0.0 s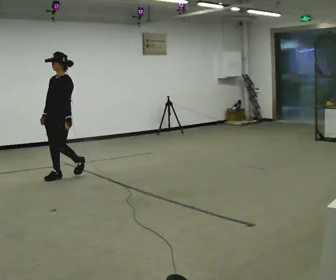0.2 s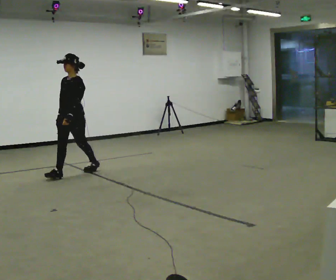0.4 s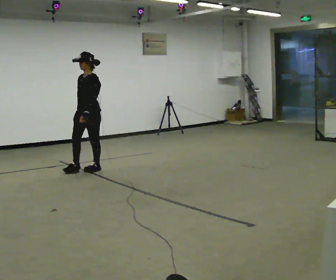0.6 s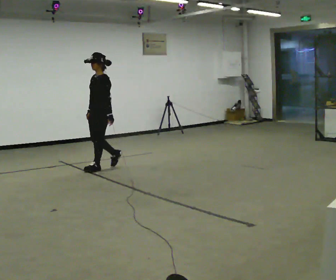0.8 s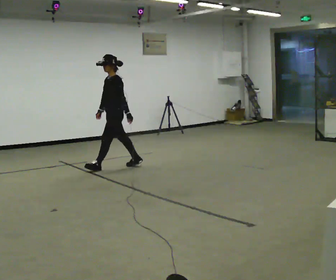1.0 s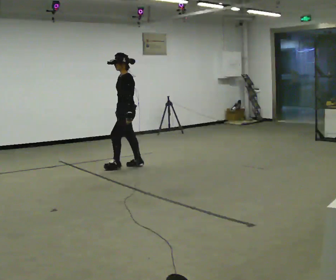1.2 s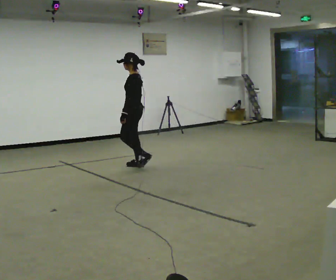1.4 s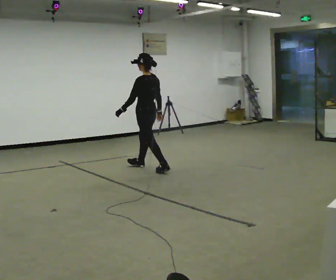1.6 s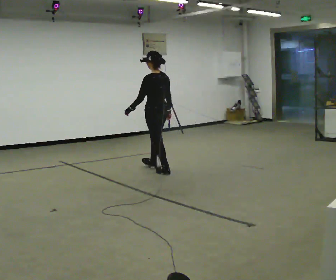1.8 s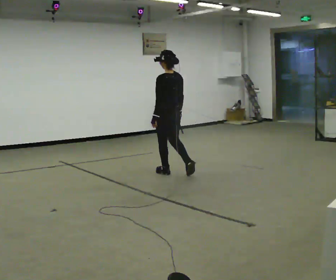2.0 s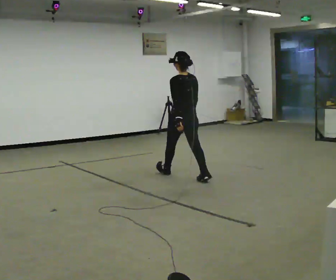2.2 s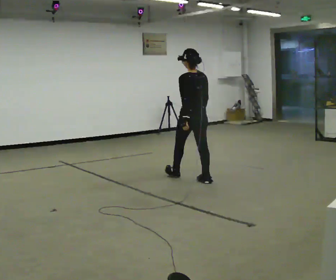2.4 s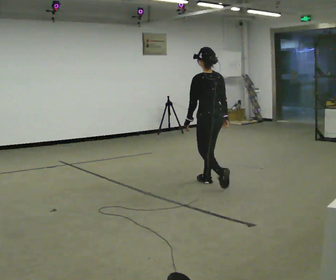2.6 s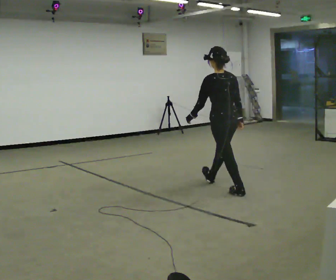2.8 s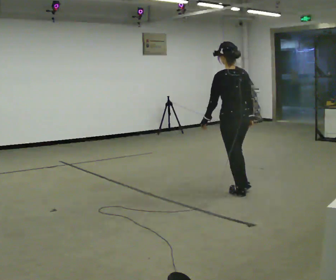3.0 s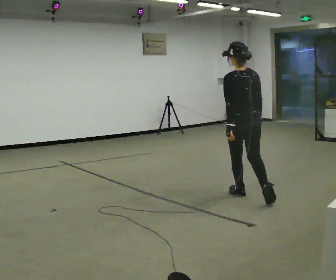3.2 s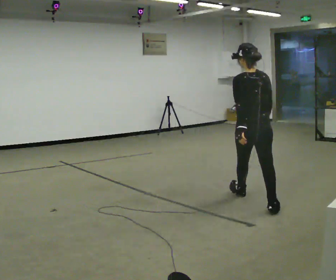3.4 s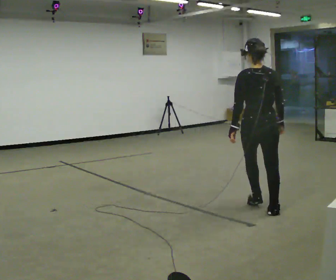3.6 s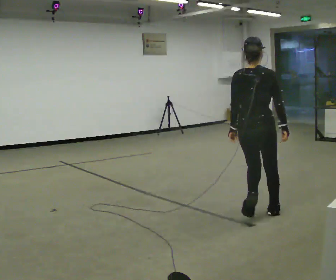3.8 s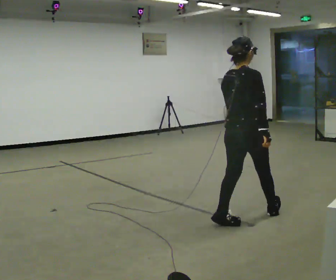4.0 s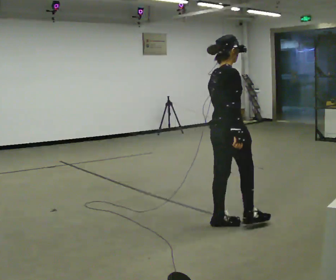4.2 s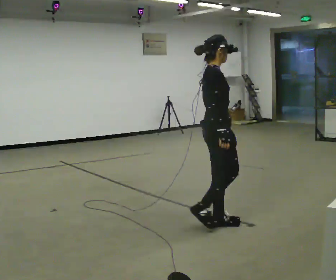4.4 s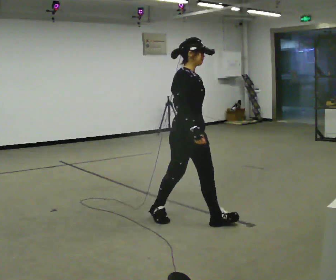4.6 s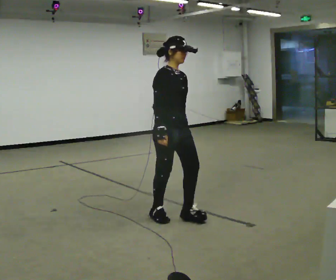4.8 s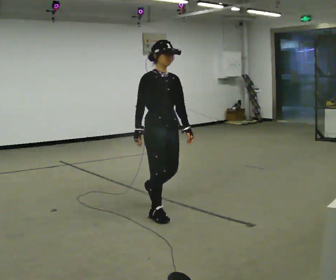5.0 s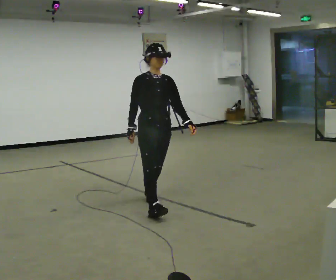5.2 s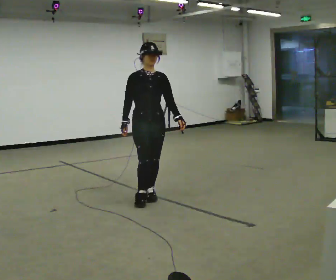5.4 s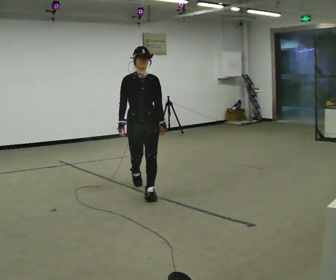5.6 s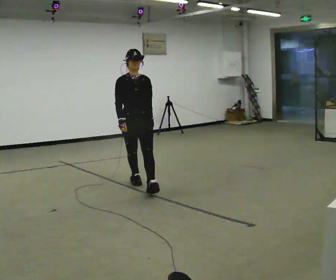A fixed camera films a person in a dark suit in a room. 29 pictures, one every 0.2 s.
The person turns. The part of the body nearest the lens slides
to the left.
The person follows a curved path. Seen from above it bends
clockwise.
0.0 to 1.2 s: The part of the body nearest the lens slides to the left as the person turns to their right by about 60 degrees. In the picture they go to the right and away from the camera, about 1 m in 2 steps.
1.2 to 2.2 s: Seen from above the body turns clockwise, about 60 degrees: to their right, with its near side sliding to the left. In the picture they go to the right and toward the camera, about 1 m in 2 steps, which for them is backward.
2.2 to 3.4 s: Seen from above the body turns clockwise, about 30 degrees: to their right, with its near side sliding to the left. In the picture they go toward the camera and to the right, about 1.5 m in 2 steps, which for them is backward.
3.4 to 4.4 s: The person turns about 135 degrees to their right, clockwise seen from above, so the part of the body nearest the lens slides to the left. In the picture they go to the left and toward the camera, about 0.5 m in 1 step.
4.4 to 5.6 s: The part of the body nearest the lens slides to the left as the person turns to their right by about 45 degrees. In the picture they go away from the camera and to the left, about 1.5 m in 3 steps, which for them is backward.
The film runs backward here.
